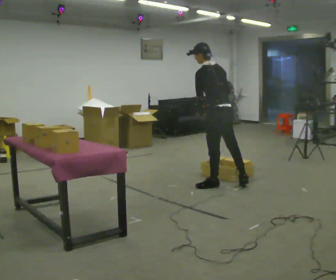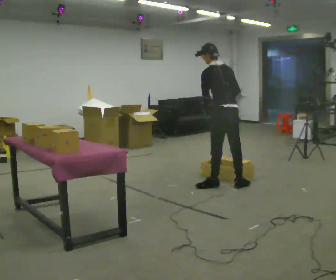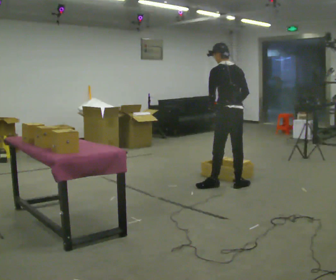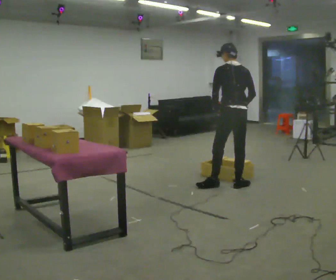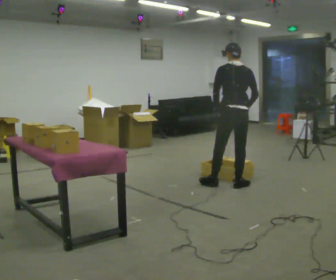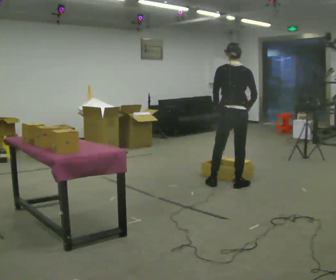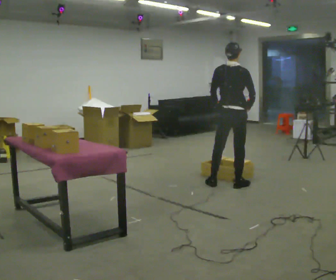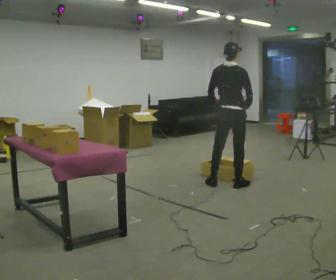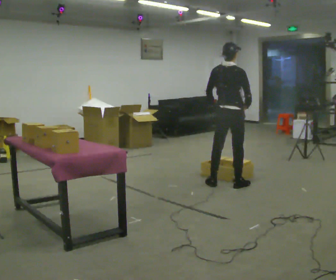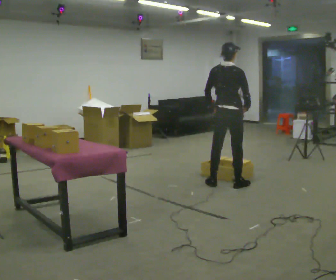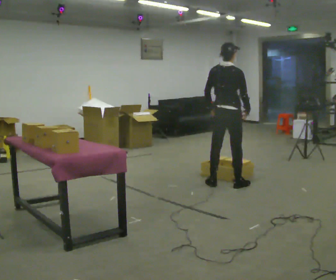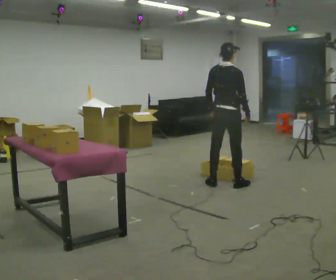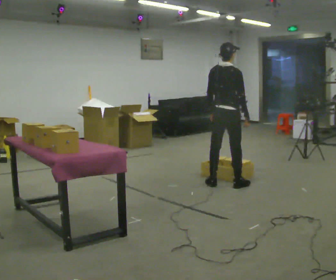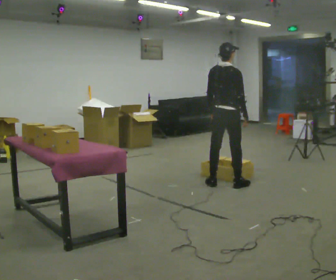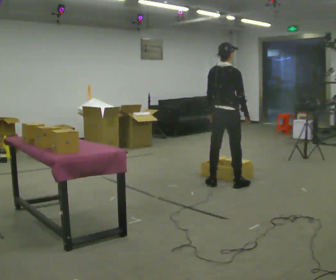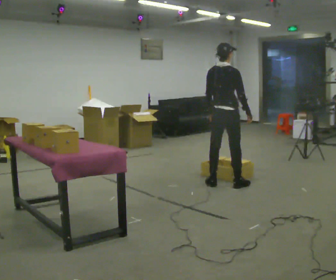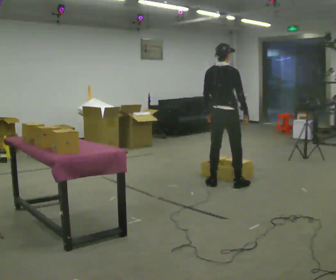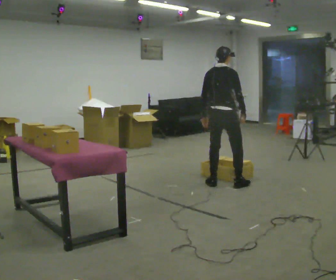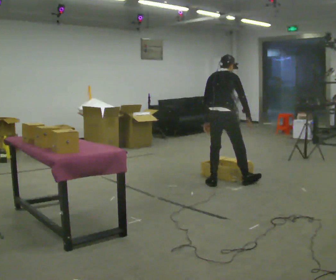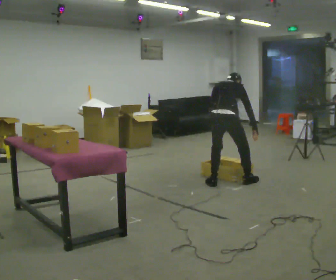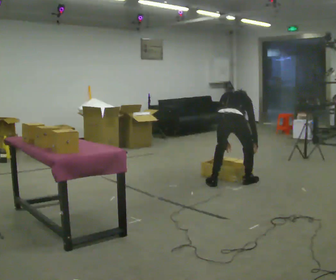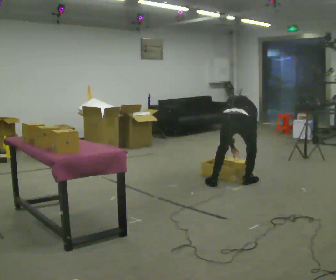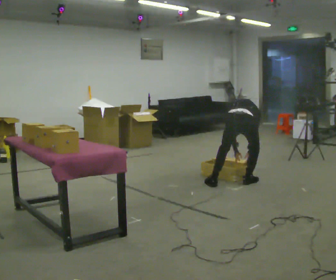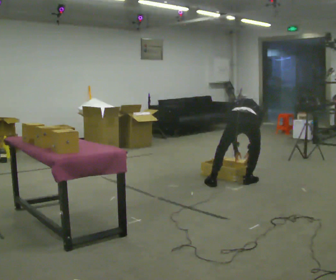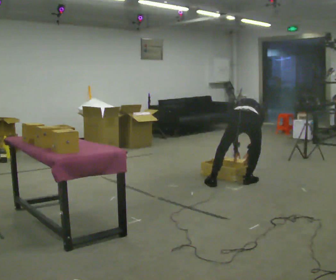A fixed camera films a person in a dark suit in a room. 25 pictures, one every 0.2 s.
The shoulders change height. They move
downward.
Their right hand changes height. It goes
downward.
0.0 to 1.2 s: Seen from above the body turns clockwise, about 60 degrees: to their right, with its near side sliding to the left. In the picture the upper body tilts clockwise, shoulders to the right, as they lean back or straighten.
1.2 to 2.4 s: The person moves a little, or ends about where they began.
2.4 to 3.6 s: The upper body tips away from the camera, its near side rolling upward, as they bend forward.
3.6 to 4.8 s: In the picture they go to the right, about 0.25 m, which for them is to their right. The upper body goes downward. The upper body tips away from the camera, its near side rolling upward, as they bend forward. In the picture their right hand goes downward.
The film runs backward here.
